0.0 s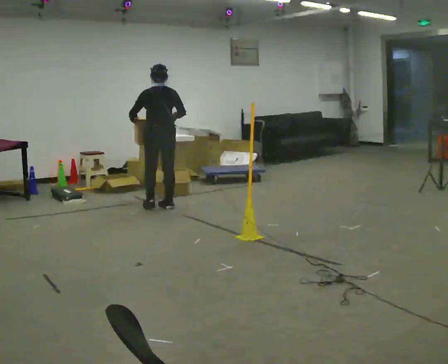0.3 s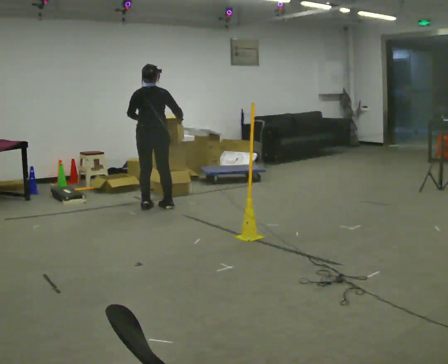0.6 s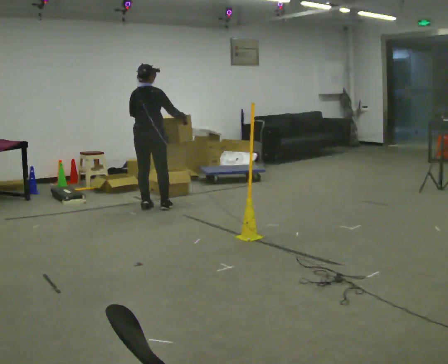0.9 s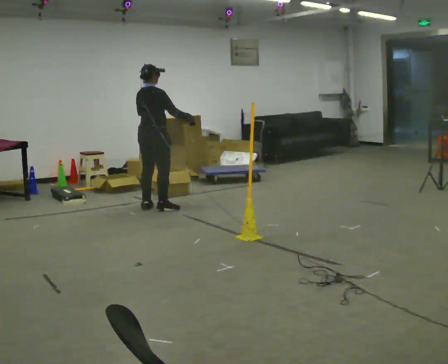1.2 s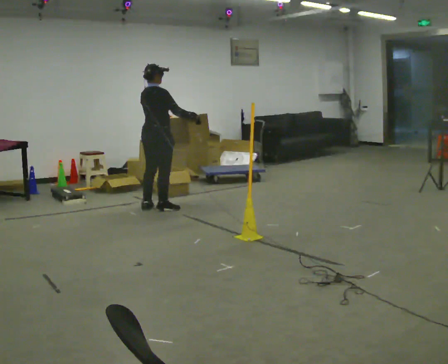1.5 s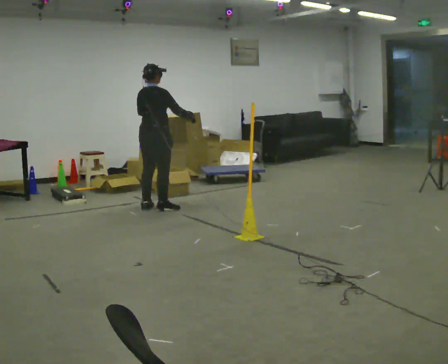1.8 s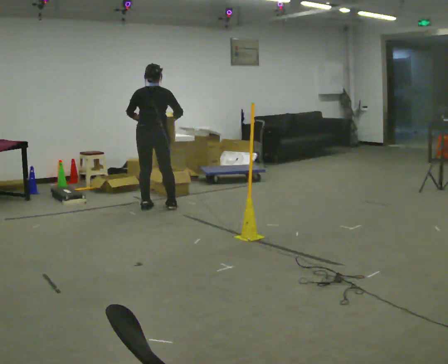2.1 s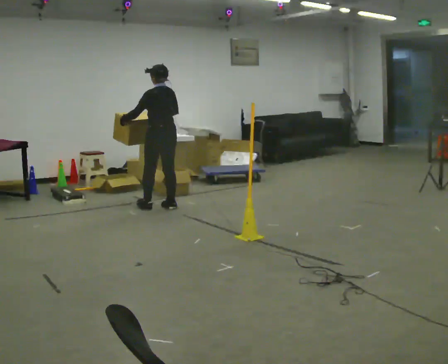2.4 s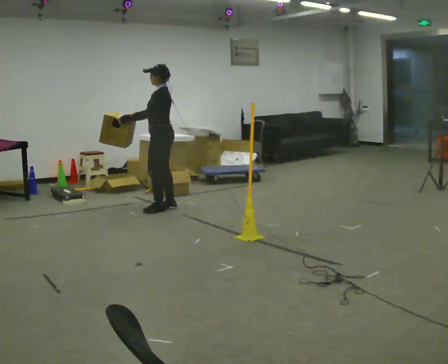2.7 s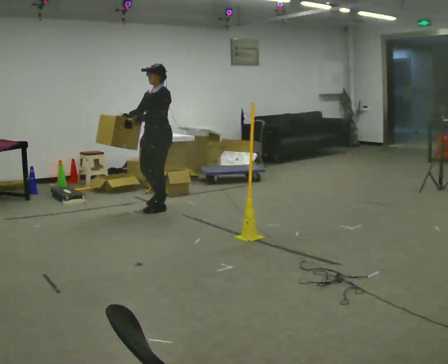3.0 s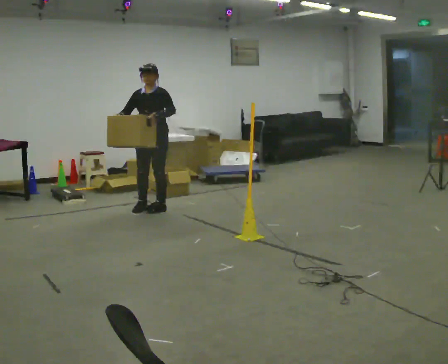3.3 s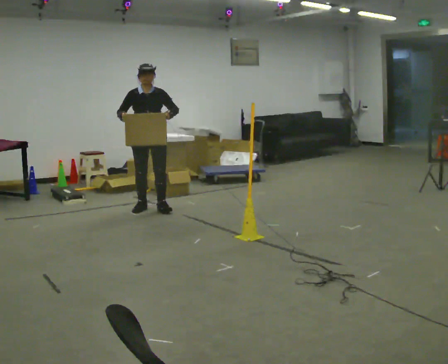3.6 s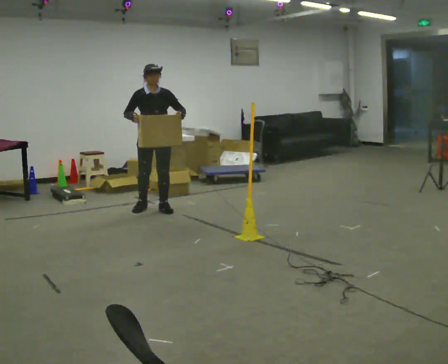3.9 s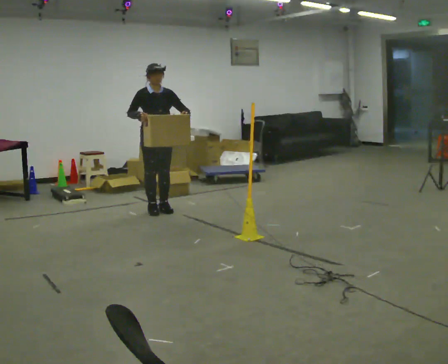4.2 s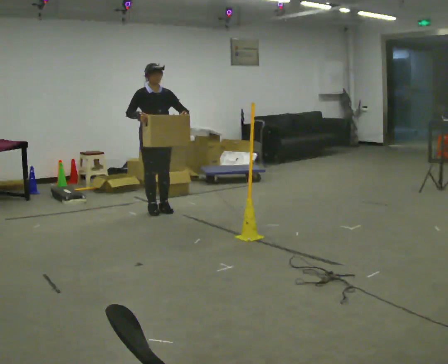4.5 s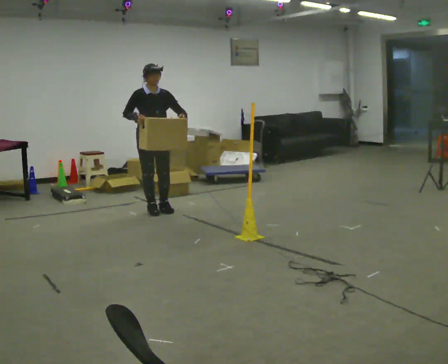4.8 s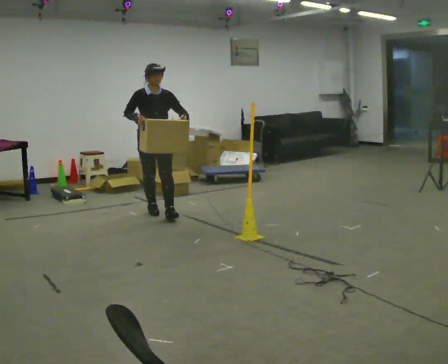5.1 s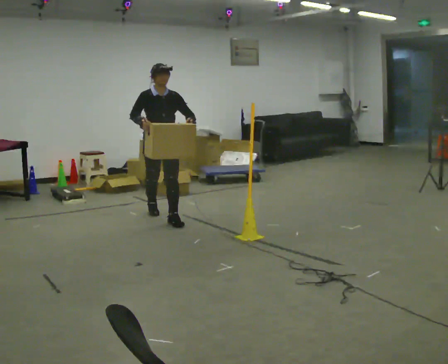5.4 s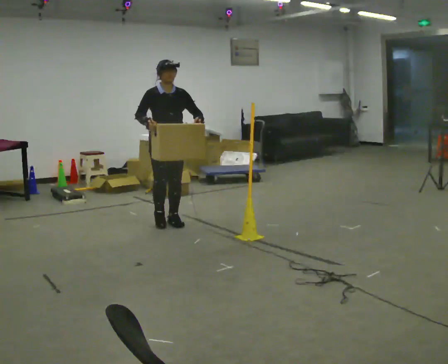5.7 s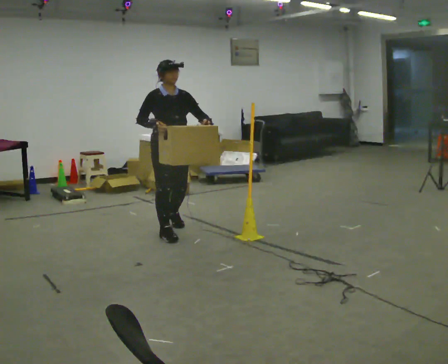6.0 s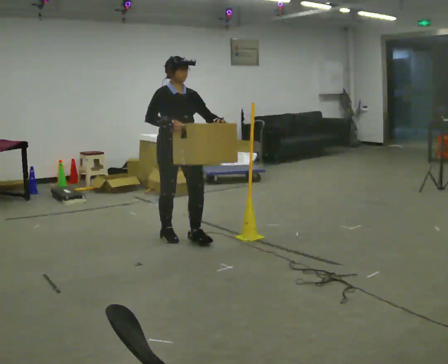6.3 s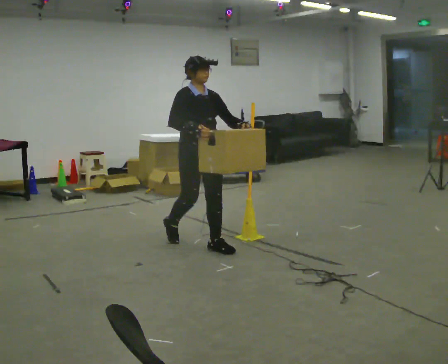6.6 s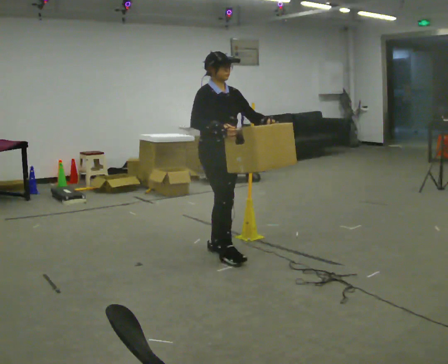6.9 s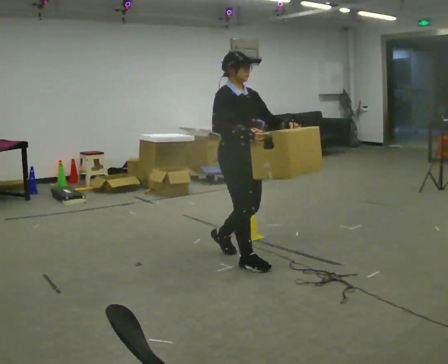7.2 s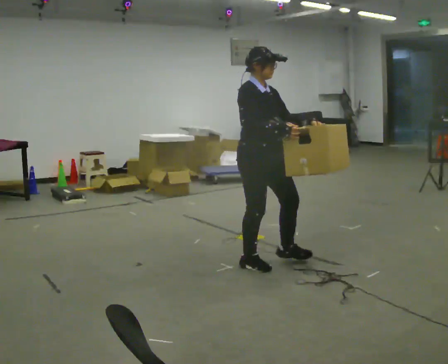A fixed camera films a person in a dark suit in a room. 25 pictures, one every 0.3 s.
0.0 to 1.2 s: The part of the body nearest the lens slides to the left as the person turns to their right by about 60 degrees. In the picture their left hand goes to the right.
1.2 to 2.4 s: The part of the body nearest the lens slides to the right as the person turns to their left by about 135 degrees. In the picture their left hand goes to the left.
2.4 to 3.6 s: The person turns about 105 degrees to their left, counterclockwise seen from above, so the part of the body nearest the lens slides to the right. In the picture their left hand goes to the right.
3.6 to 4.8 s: In the picture they go toward the camera, about 0.25 m in 1 step, which for them is forward.
4.8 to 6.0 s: In the picture they go toward the camera, about 1 m in 2 steps, which for them is forward.
6.0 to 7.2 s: In the picture they go toward the camera and to the right, about 1 m in 2 steps, which for them is forward.
The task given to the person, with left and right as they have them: Carry the box across the room. The operator will step into your path partway across, so go around them and carry on. Keep going until the operator says stop; one object at a time, and do not rush between trips.
The film runs forward here.
